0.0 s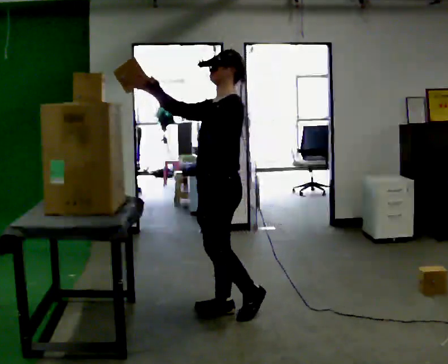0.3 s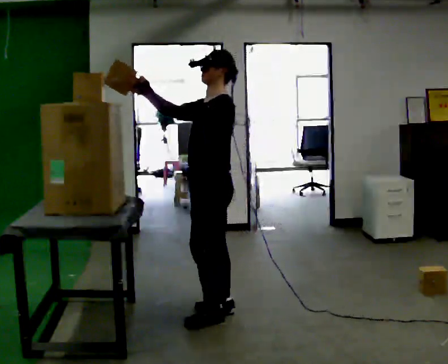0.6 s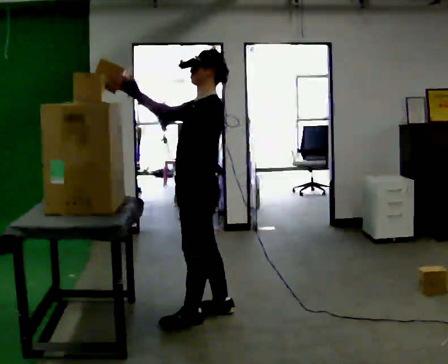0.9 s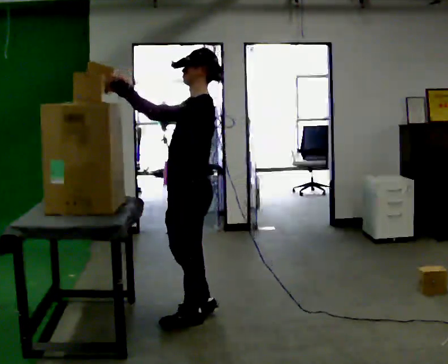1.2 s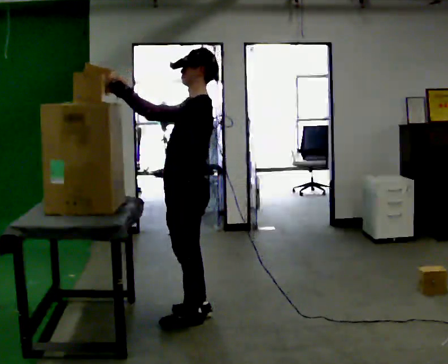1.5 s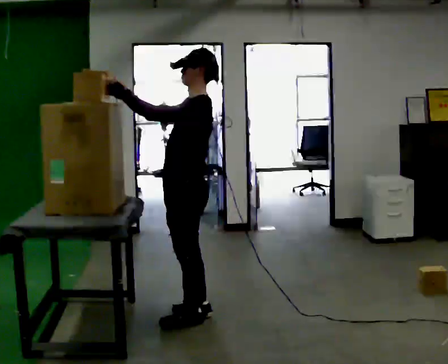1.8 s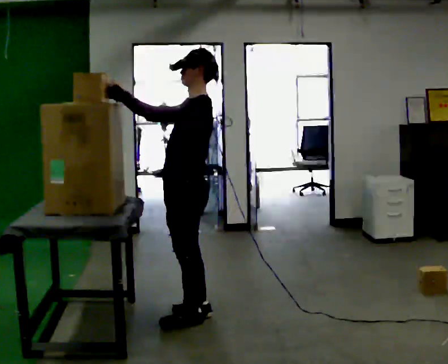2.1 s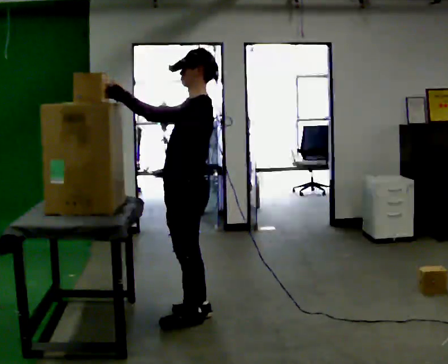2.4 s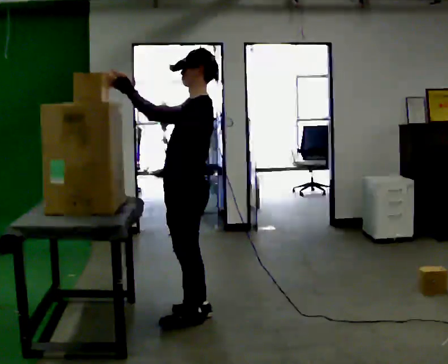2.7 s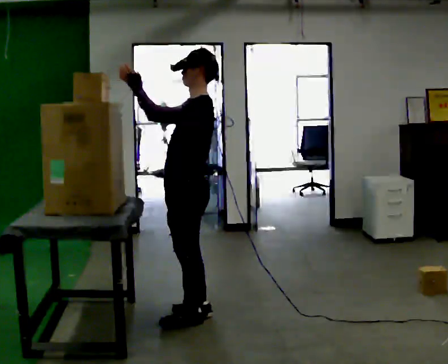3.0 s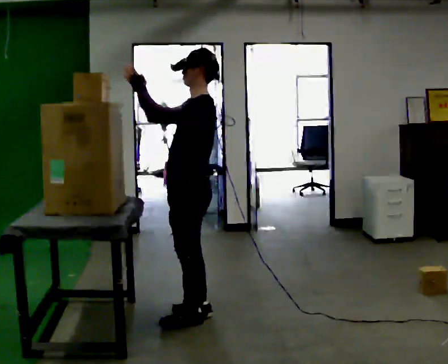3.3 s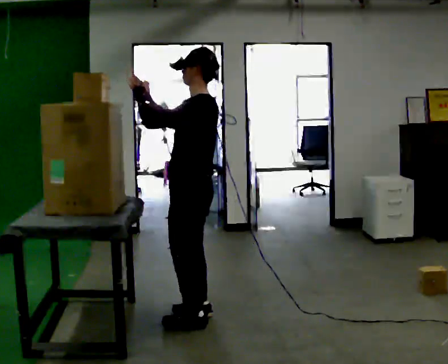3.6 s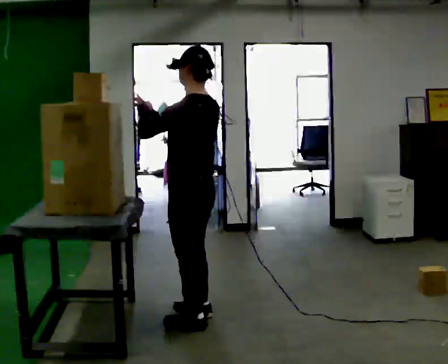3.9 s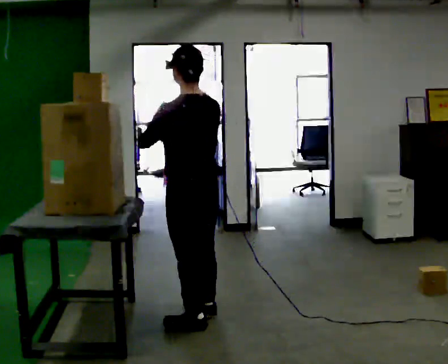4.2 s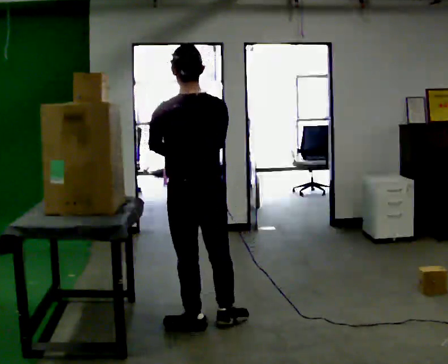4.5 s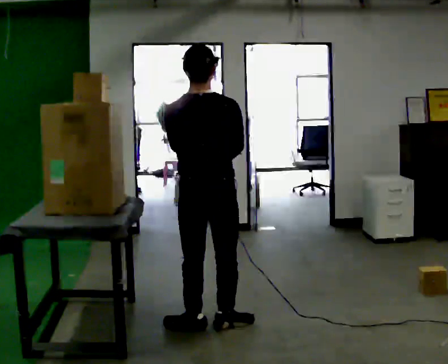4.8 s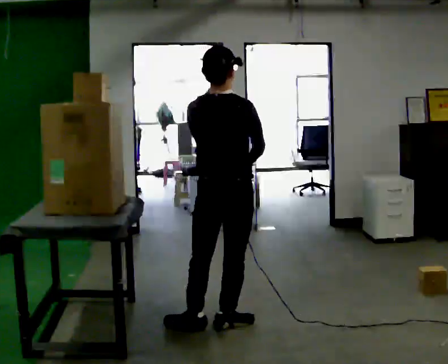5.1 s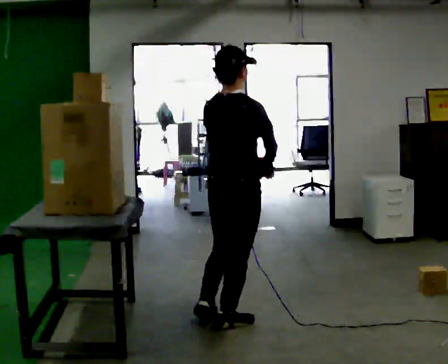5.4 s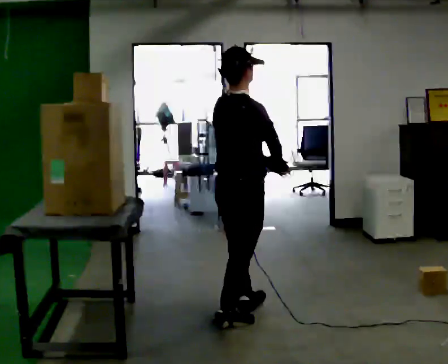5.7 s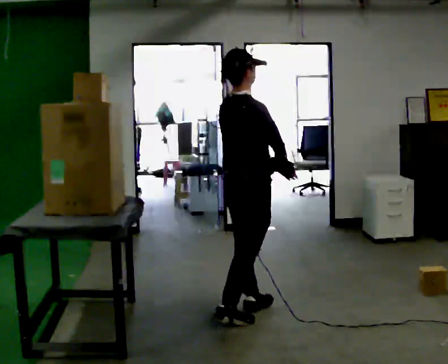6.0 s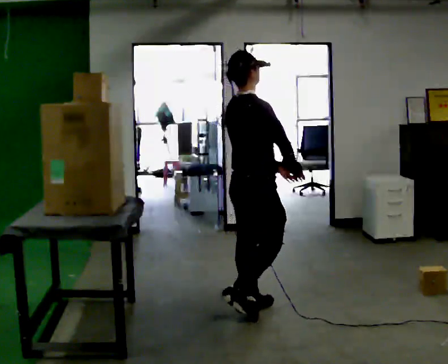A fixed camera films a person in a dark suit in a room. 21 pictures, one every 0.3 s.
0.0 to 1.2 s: In the picture they go to the left and toward the camera, about 0.25 m in 2 steps, which for them is forward and to their left.
1.2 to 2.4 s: The person moves a little, or ends about where they began.
2.4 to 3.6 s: The part of the body nearest the lens slides to the left as the person turns to their right by about 30 degrees.
3.6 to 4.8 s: The person turns about 75 degrees to their right, clockwise seen from above, so the part of the body nearest the lens slides to the left. In the picture they go to the right, about 0.25 m in 1 step. In the picture their right hand goes to the right and downward.
4.8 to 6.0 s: The part of the body nearest the lens slides to the left as the person turns to their right by about 45 degrees. In the picture they go away from the camera and to the right, about 0.25 m in 1 step, which for them is forward.
The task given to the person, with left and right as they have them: Take an object from the lowest shelf, carry it across the room, and place it on the highest shelf you can comfortably reach. Keep going until the operator says stop; one object at a time, and do not rush between trips.
The film runs forward here.
